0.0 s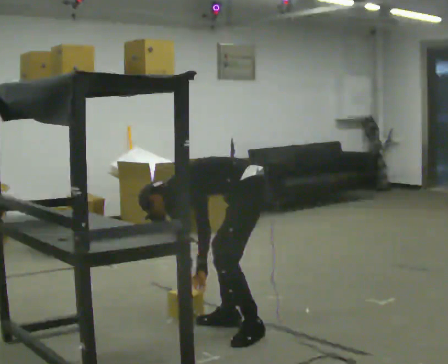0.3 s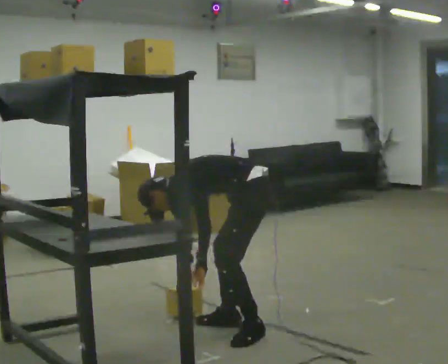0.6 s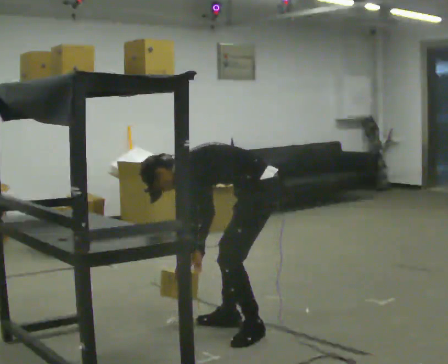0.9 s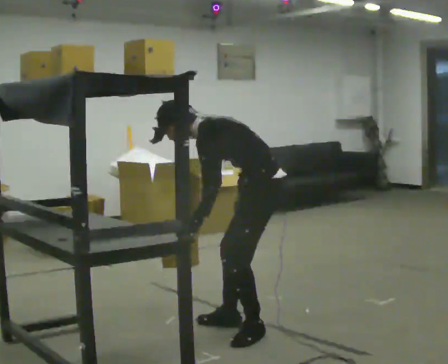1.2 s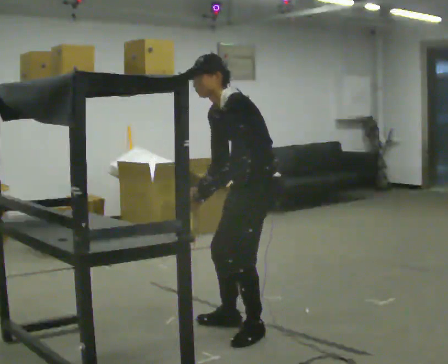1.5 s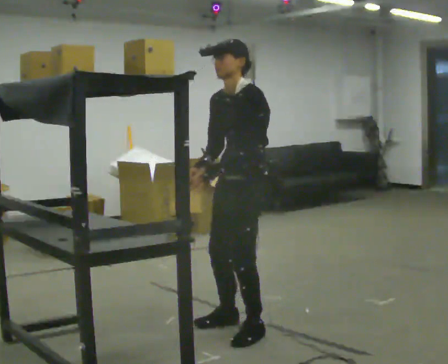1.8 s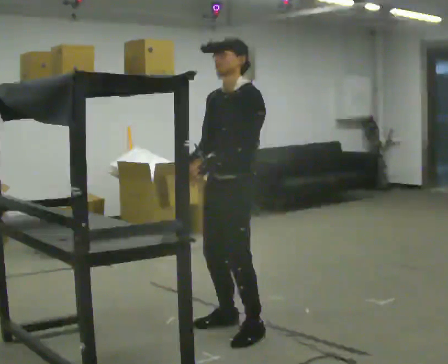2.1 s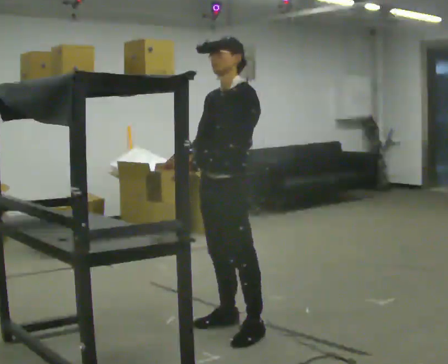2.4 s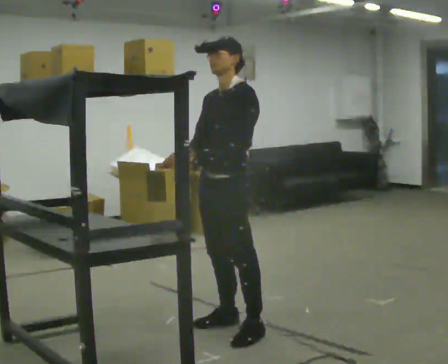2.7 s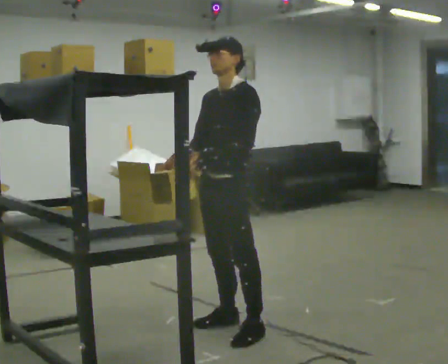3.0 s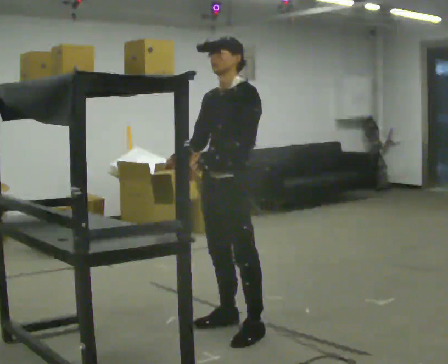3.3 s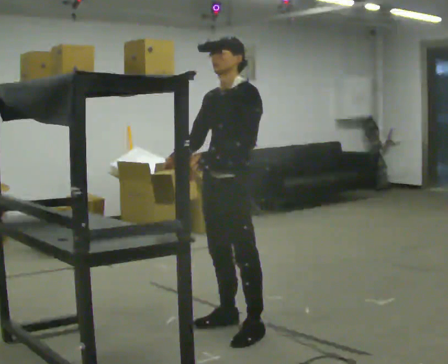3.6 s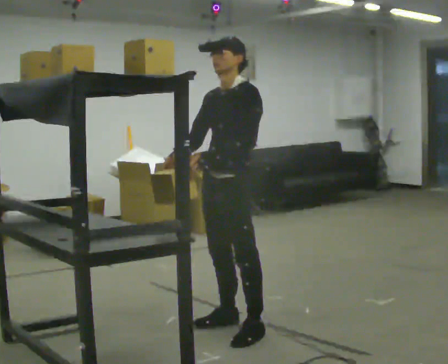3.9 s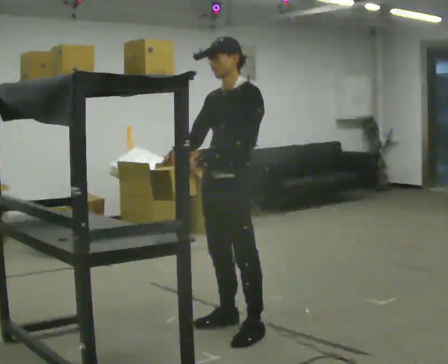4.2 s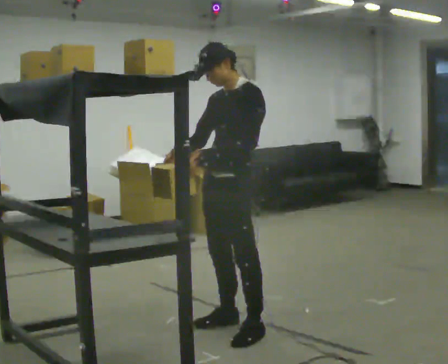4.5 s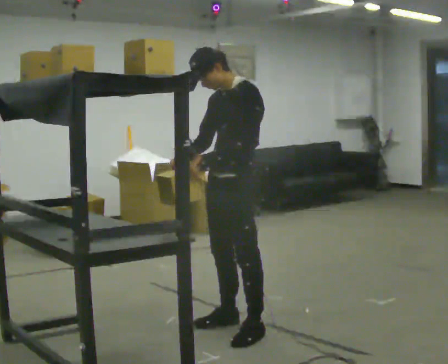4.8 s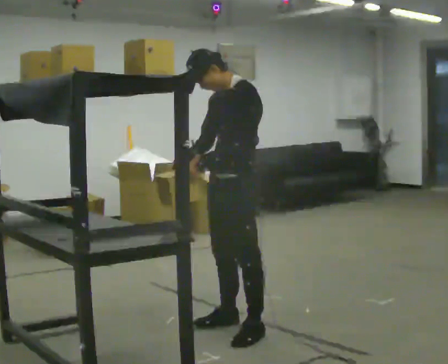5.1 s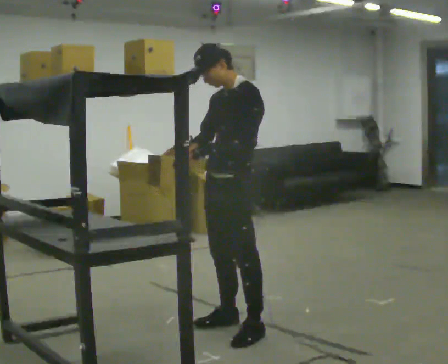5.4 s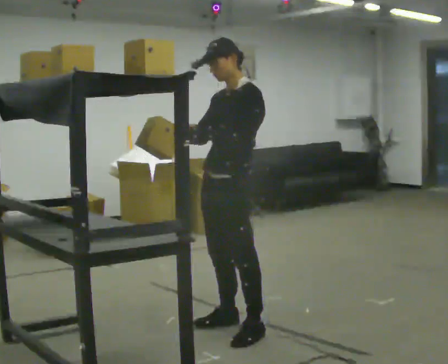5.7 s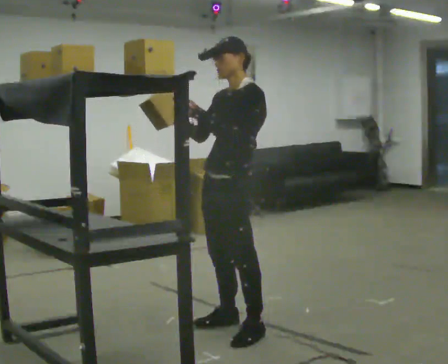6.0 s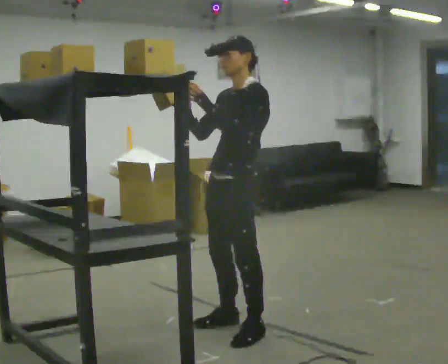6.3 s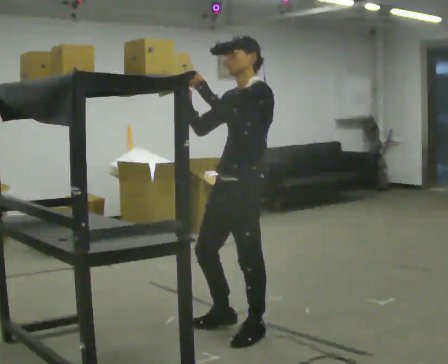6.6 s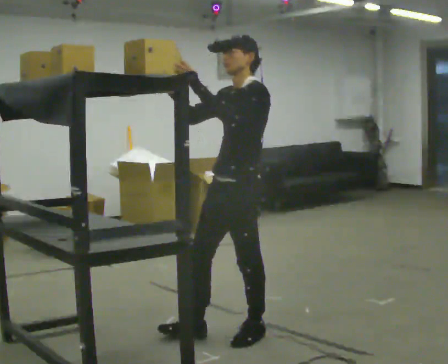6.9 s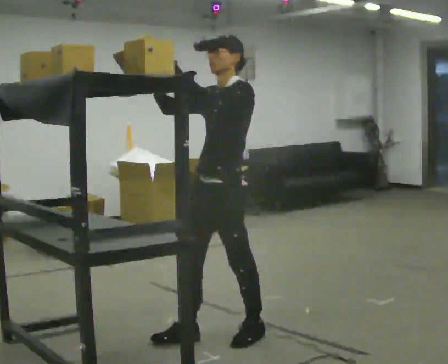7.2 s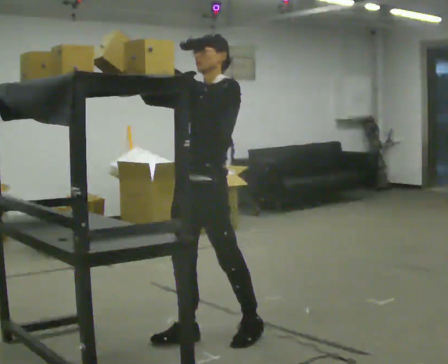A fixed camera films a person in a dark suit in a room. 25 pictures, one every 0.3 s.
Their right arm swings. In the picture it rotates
clockwise.
The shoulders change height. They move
upward.
0.0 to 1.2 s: The person turns about 45 degrees to their left, counterclockwise seen from above, so the part of the body nearest the lens slides to the right. The shoulders move upward. The upper body tips toward the camera, its near side rolling downward, as they lean back or straighten. In the picture their right hand goes upward.
1.2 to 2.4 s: In the picture they go to the left, about 0.25 m, which for them is forward. In the picture the upper body tilts clockwise, shoulders to the right, as they lean back or straighten.
2.4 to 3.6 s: The person keeps their place and pose.
3.6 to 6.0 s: The person moves a little, or ends about where they began.
6.0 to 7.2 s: In the picture they go to the left, about 0.25 m in 1 step, which for them is forward. In the picture their right hand goes to the left.
The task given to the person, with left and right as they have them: Place the object on the shelf just at the top of your comfortable reach. Repeat at your own pace until the operator says stop. Keep both feet on the marked spots for the whole take. If you have to step, stop and tell the operator.
The film runs forward here.
